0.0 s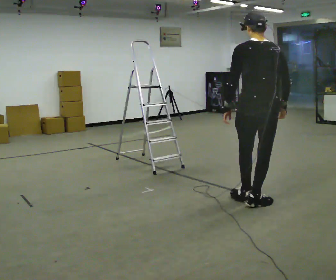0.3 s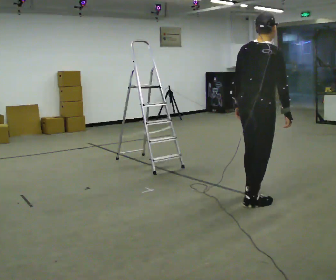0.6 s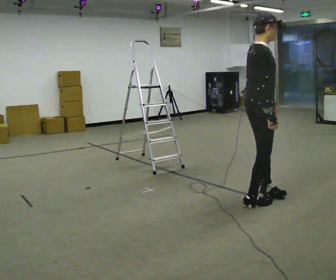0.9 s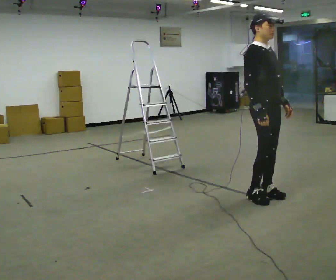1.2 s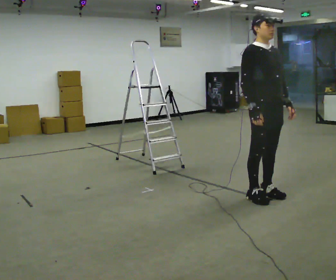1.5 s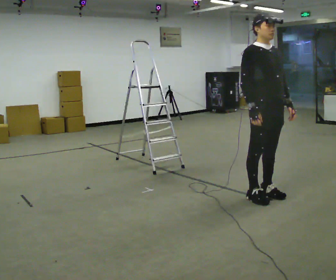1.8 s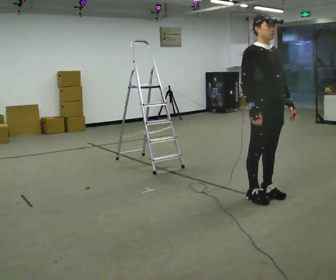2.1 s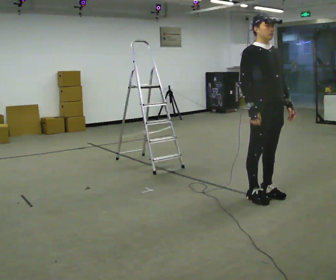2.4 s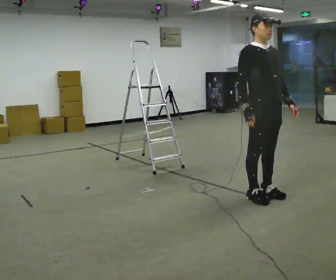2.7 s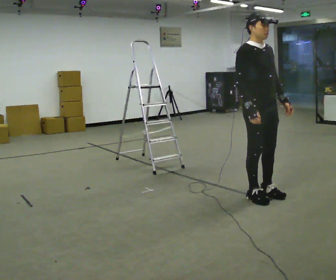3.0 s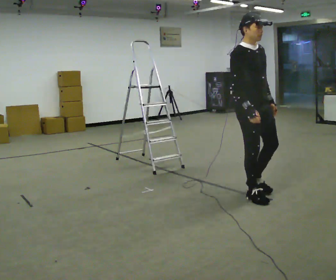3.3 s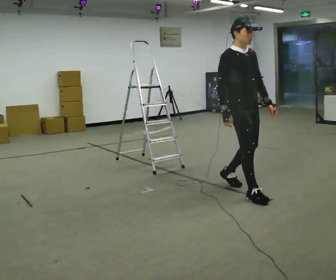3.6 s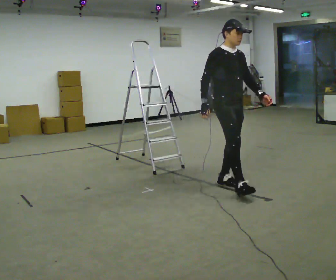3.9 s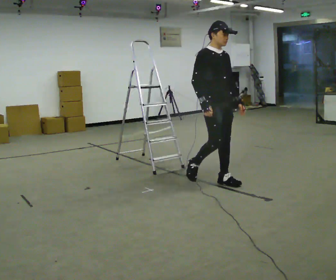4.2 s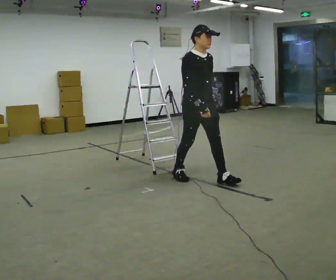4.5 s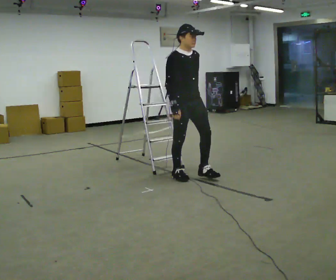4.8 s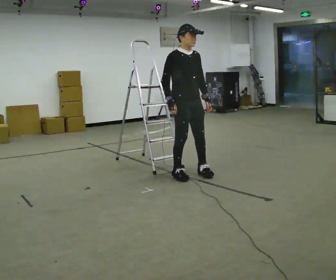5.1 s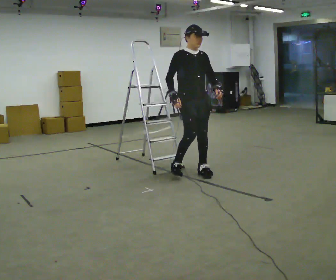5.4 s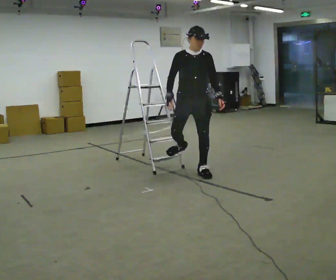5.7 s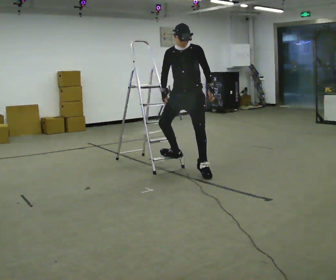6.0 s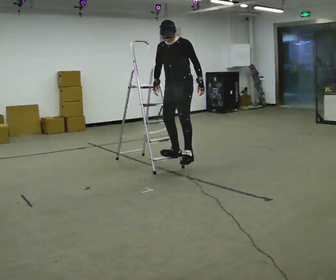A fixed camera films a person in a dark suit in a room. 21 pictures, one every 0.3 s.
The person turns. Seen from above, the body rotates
clockwise.
The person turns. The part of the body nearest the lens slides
to the left.
0.0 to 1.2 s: The part of the body nearest the lens slides to the left as the person turns to their right by about 150 degrees. In the picture they go away from the camera, about 0.25 m in 1 step. In the picture their left hand goes to the right, the arm swinging counterclockwise.
1.2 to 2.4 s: The person moves a little, or ends about where they began.
2.4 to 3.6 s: In the picture they go away from the camera and to the left, about 0.5 m in 2 steps, which for them is backward.
3.6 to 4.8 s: In the picture they go to the left and away from the camera, about 0.75 m in 1 step, which for them is backward.
4.8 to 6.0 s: The person turns about 75 degrees to their right, clockwise seen from above, so the part of the body nearest the lens slides to the left. In the picture they go away from the camera, about 0.25 m in 2 steps.
The film runs backward here.
